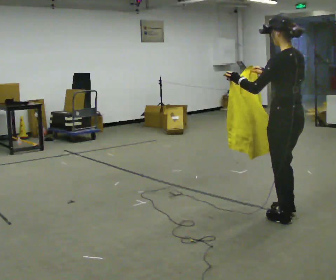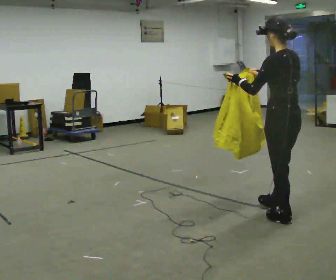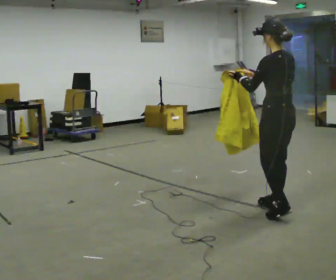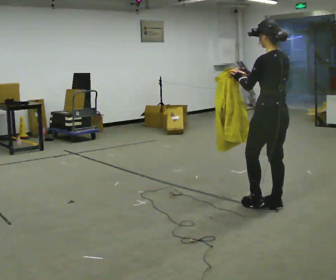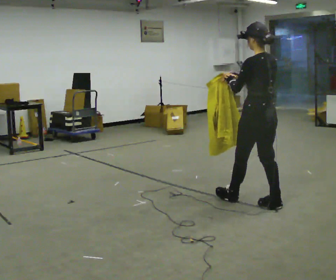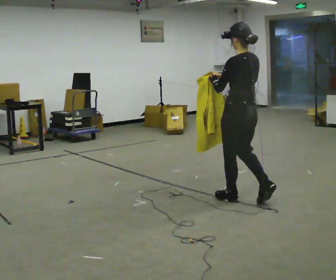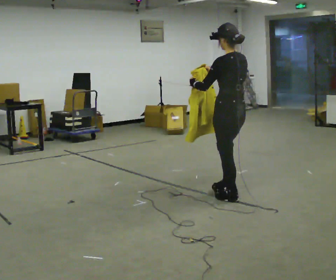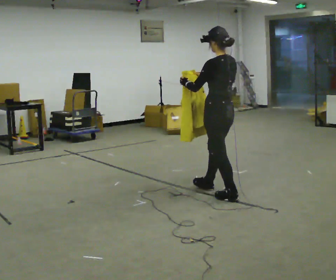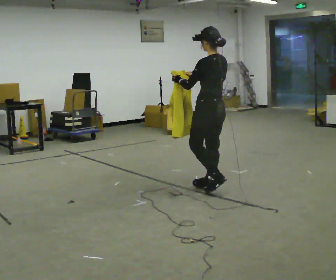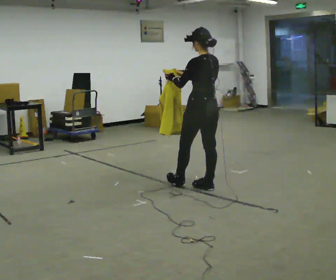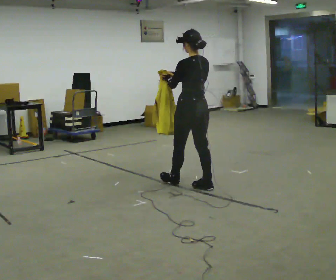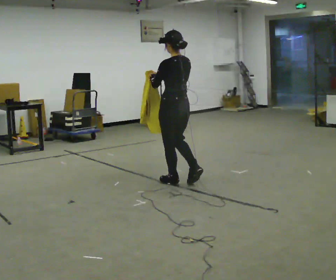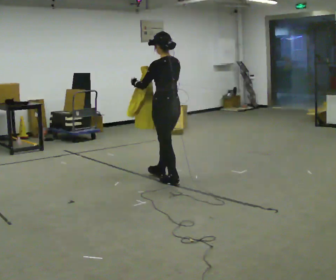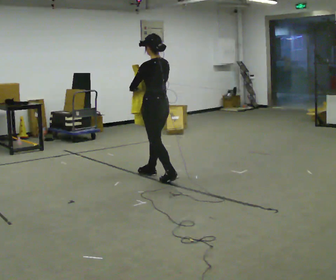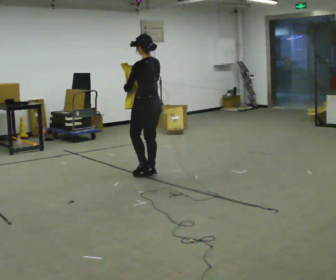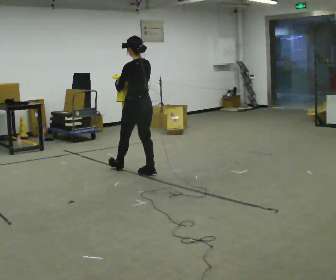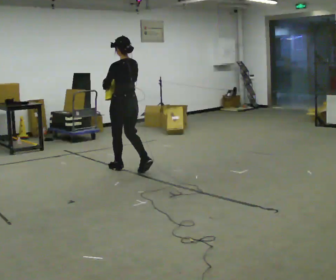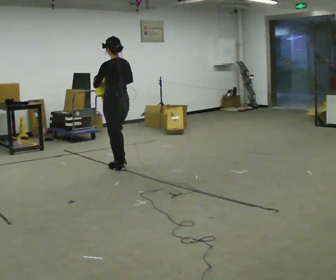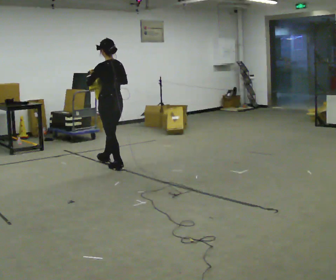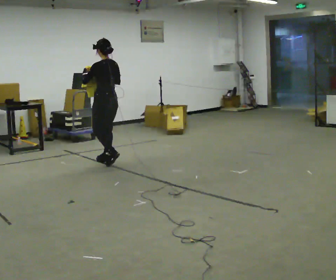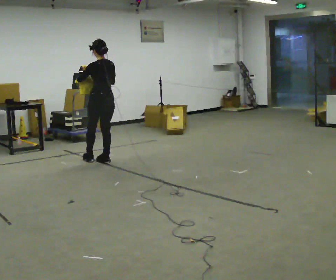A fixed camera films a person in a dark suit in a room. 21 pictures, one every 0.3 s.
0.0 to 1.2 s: In the picture they go away from the camera and to the left, about 0.5 m in 2 steps, which for them is forward.
1.2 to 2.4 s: In the picture they go away from the camera and to the left, about 0.5 m in 1 step, which for them is forward.
2.4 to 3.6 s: In the picture they go to the left and away from the camera, about 0.75 m in 2 steps, which for them is forward.
3.6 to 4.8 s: In the picture they go to the left and away from the camera, about 0.75 m in 1 step, which for them is forward.
4.8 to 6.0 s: In the picture they go away from the camera and to the left, about 0.5 m in 1 step, which for them is forward.
The film runs forward here.
